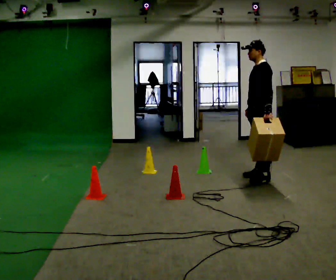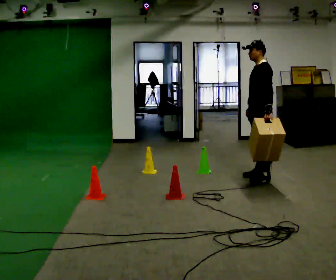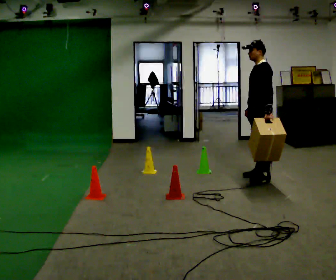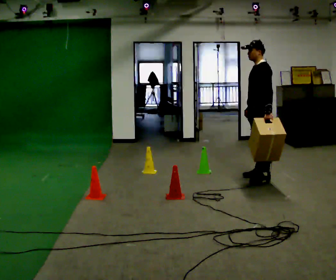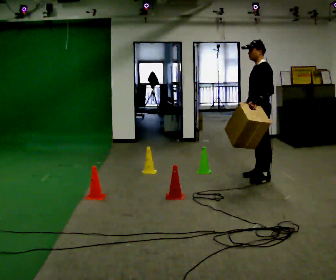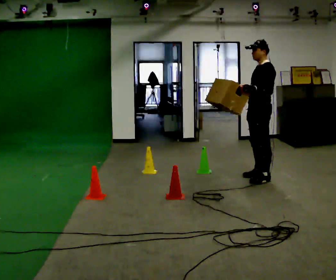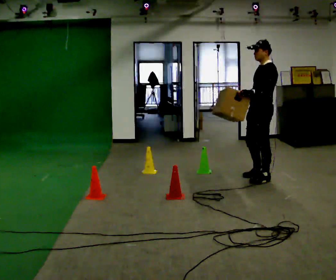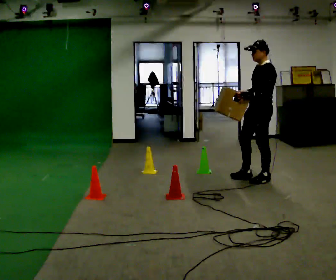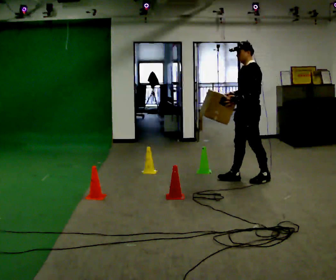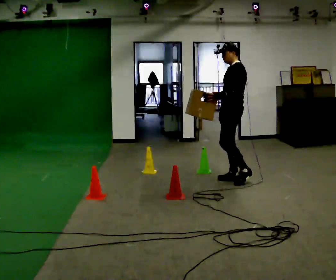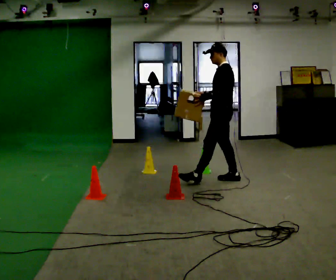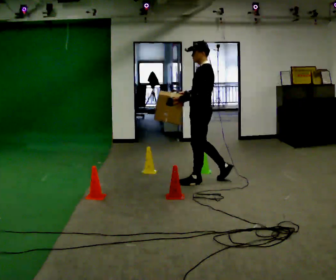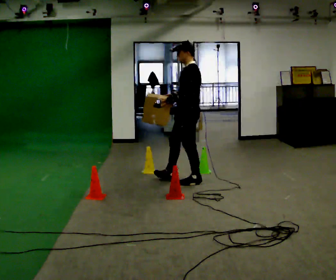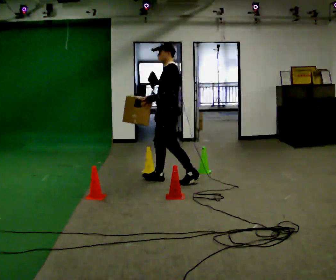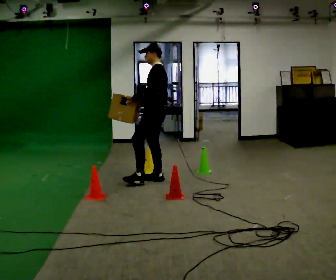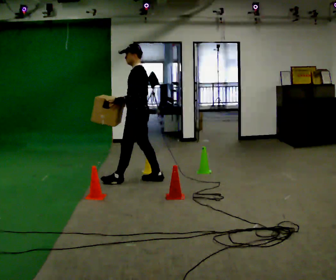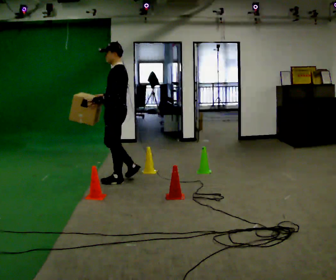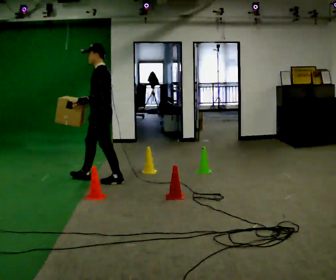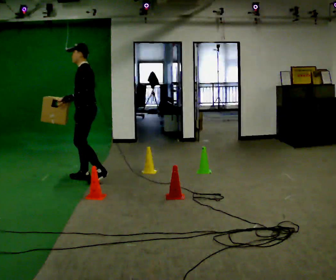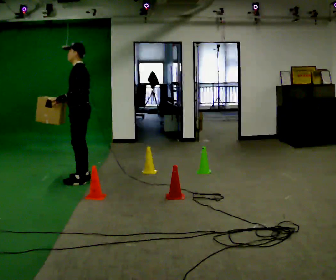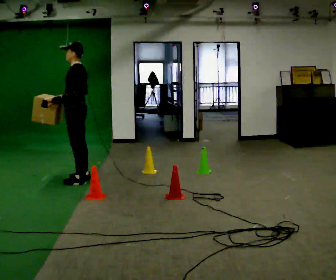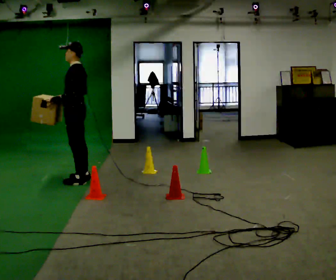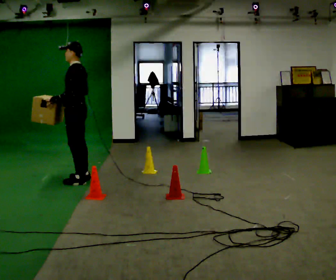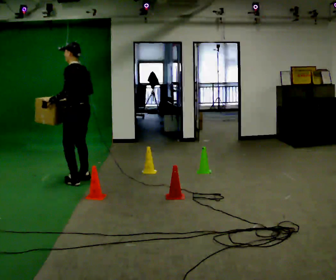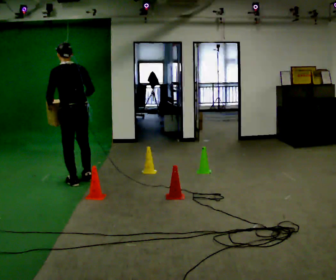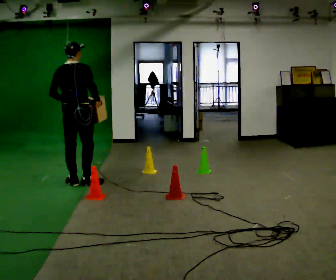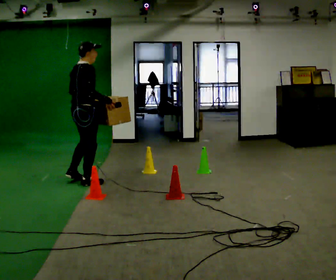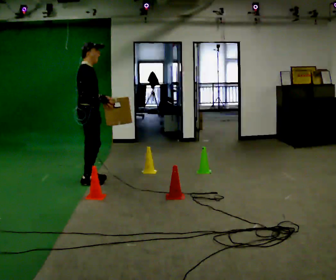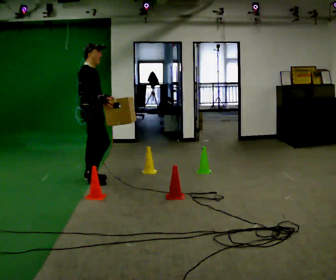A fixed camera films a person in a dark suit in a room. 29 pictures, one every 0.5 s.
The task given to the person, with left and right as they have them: Carry the box through the gap between the panels without touching either side, then set it down and bring it back. Keep going until the operator says stop; one object at a time, and do not rush between trips.
0.0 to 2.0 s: The person moves a little, or ends about where they began.
2.0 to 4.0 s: In the picture they go to the left, about 0.25 m in 1 step, which for them is forward.
4.0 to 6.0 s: In the picture they go to the left, about 0.5 m in 1 step, which for them is forward.
6.0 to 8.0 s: In the picture they go to the left, about 1 m in 2 steps, which for them is forward.
8.0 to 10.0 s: In the picture they go to the left, about 0.5 m in 2 steps, which for them is forward.
10.0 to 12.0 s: The part of the body nearest the lens slides to the left as the person turns to their right by about 60 degrees. In the picture they go toward the camera, about 0.25 m, which for them is to their left.
12.0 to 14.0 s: Seen from above the body turns clockwise, about 120 degrees: to their right, with its near side sliding to the left. In the picture they go away from the camera, about 0.25 m in 2 steps.
The film runs forward here.
